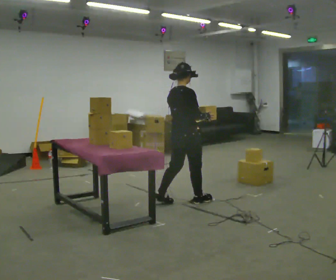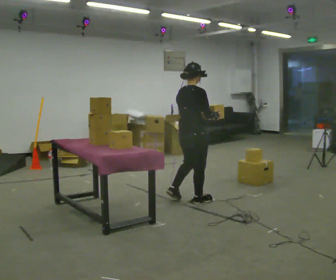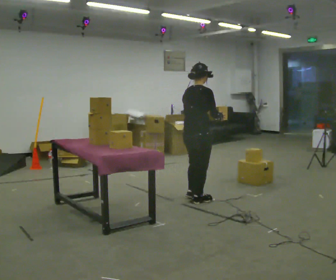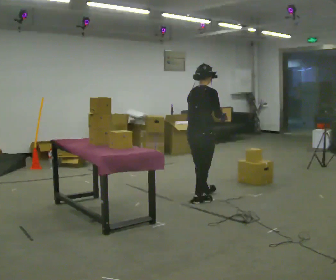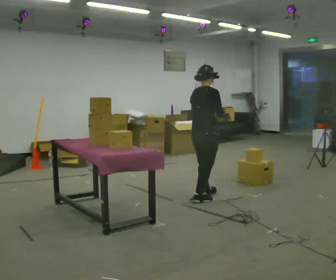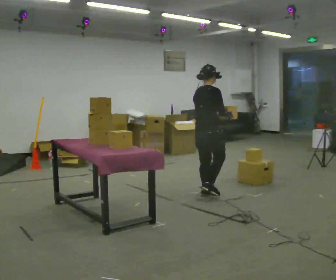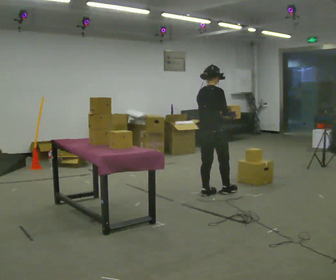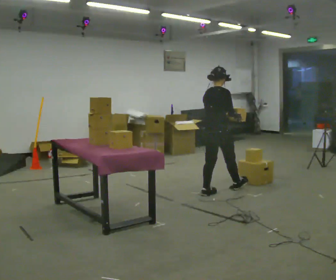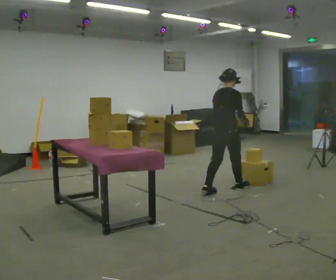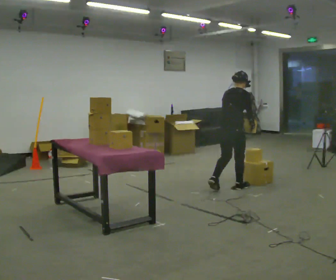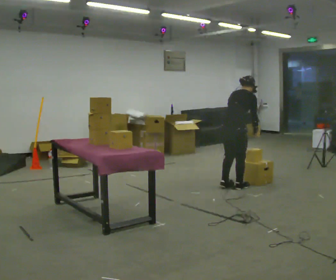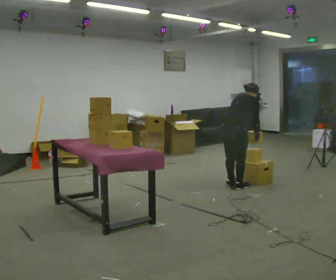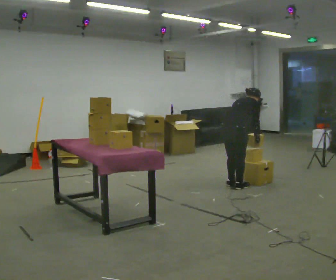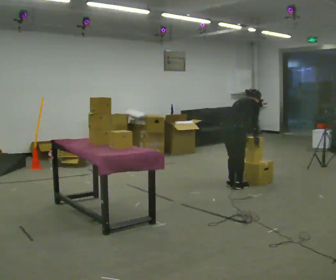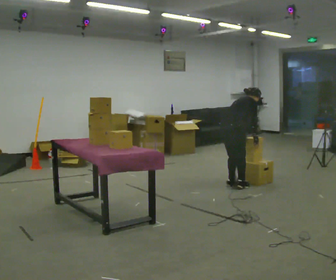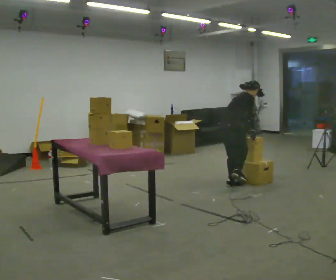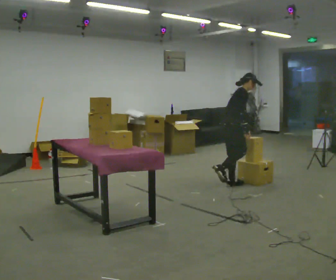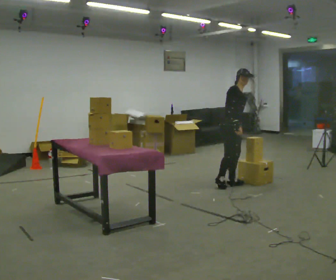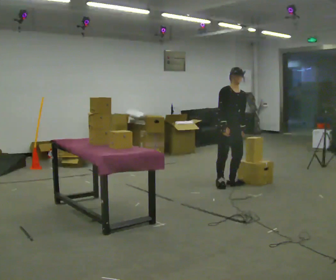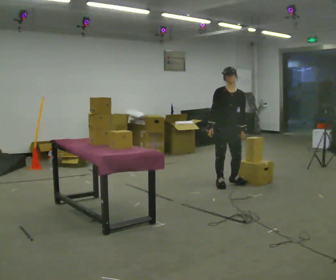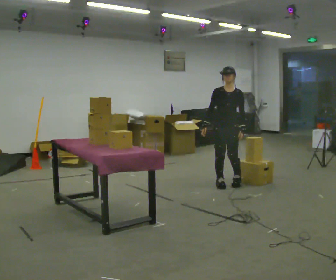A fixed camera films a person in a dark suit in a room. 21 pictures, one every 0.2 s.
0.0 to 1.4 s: In the picture they go away from the camera and to the right, about 0.5 m in 1 step, which for them is forward.
1.4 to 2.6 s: In the picture they go away from the camera and to the right, about 0.25 m in 2 steps, which for them is forward. In the picture the upper body tilts clockwise, shoulders to the right, as they bend forward. In the picture their left hand goes downward.
2.6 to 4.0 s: The part of the body nearest the lens slides to the left as the person turns to their right by about 135 degrees. The upper body goes upward. The upper body tips toward the camera, its near side rolling downward, as they lean back or straighten. In the picture their right hand goes to the left, the arm swinging clockwise.
The film runs forward here.
